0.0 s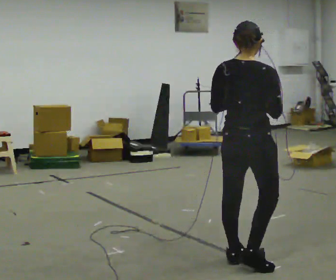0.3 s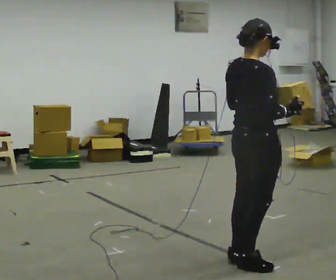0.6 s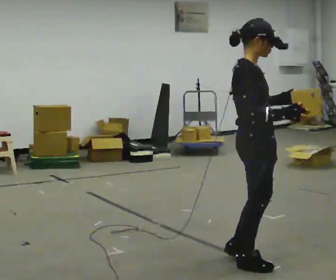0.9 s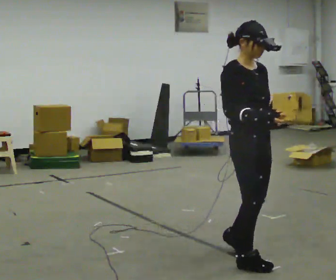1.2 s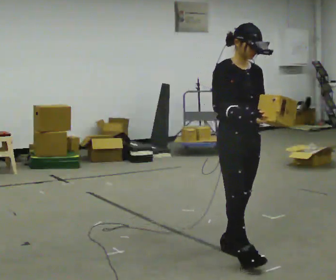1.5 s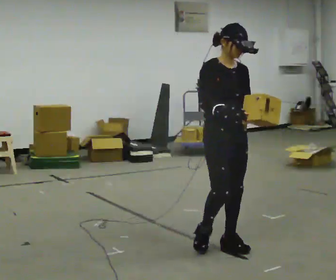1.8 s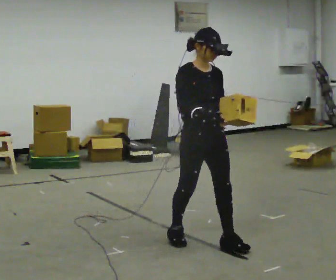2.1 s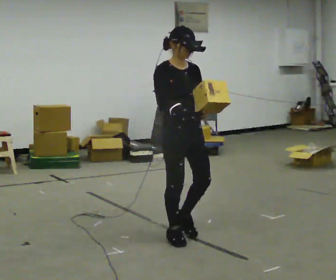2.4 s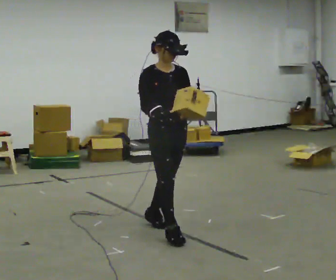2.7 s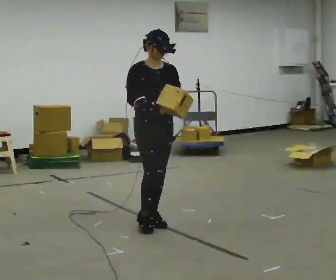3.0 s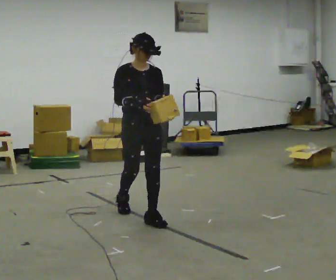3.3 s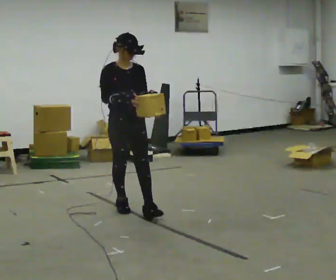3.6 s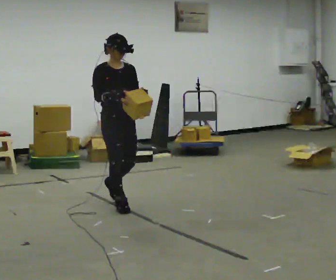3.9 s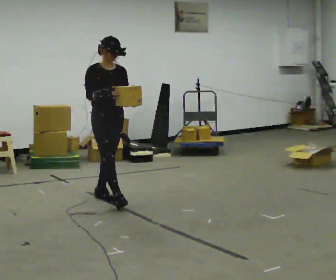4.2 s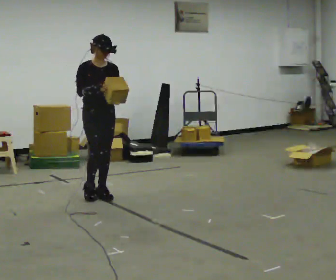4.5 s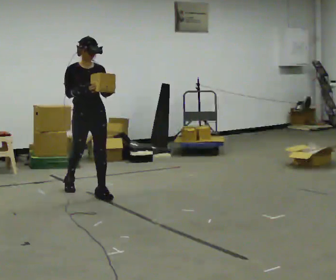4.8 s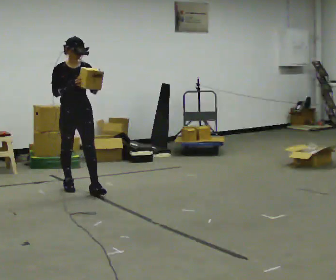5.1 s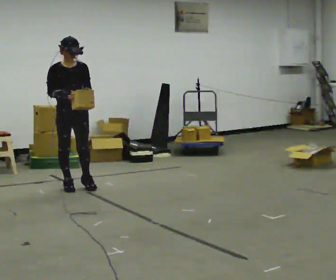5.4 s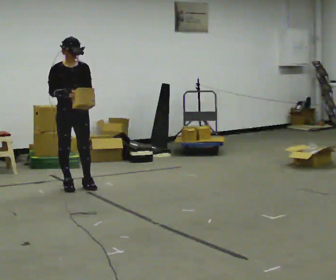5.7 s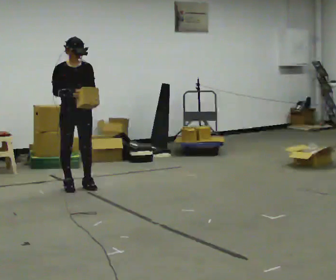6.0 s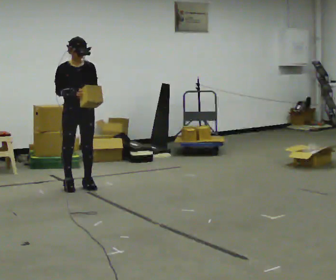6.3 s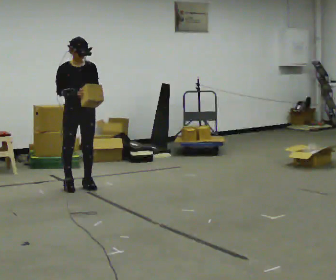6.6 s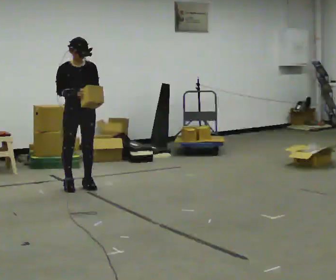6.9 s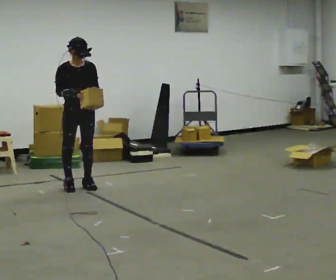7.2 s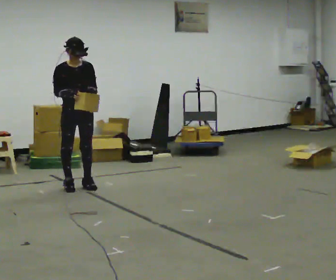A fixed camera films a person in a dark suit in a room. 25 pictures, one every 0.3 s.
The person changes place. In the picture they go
away from the camera.
0.0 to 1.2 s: The part of the body nearest the lens slides to the left as the person turns to their right by about 120 degrees. In the picture they go away from the camera, about 0.25 m in 2 steps.
1.2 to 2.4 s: In the picture they go away from the camera and to the left, about 0.5 m in 1 step, which for them is backward.
2.4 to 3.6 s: In the picture they go away from the camera and to the left, about 1 m in 2 steps, which for them is backward.
3.6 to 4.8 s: In the picture they go away from the camera and to the left, about 1 m in 2 steps, which for them is backward.
4.8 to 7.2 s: The person moves a little, or ends about where they began.
The film runs backward here.
